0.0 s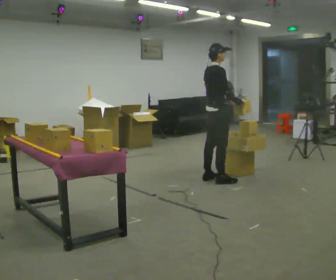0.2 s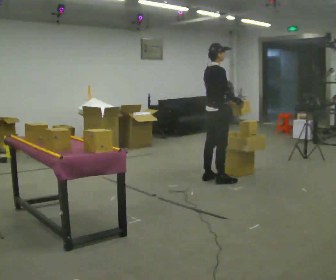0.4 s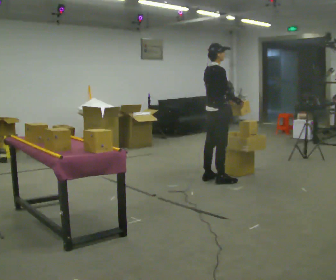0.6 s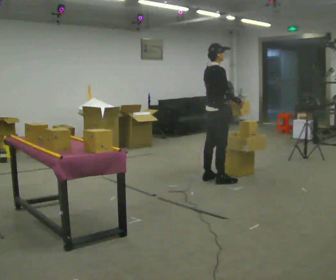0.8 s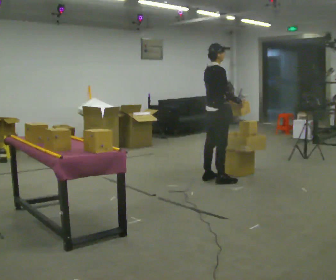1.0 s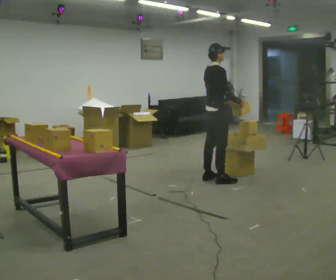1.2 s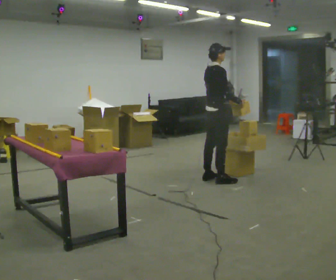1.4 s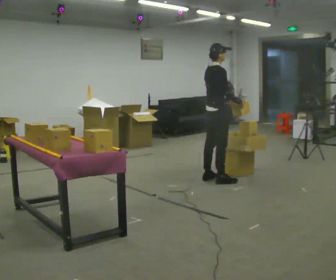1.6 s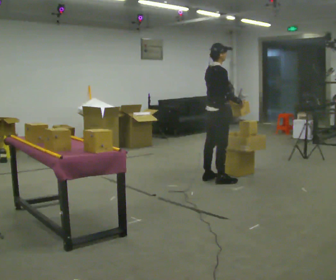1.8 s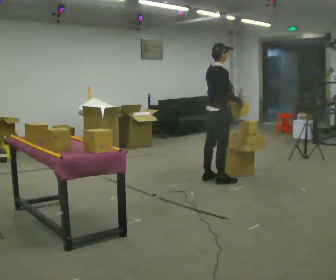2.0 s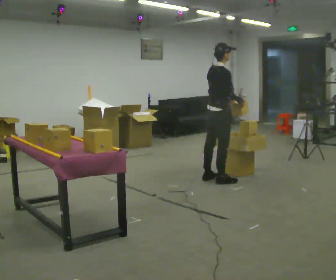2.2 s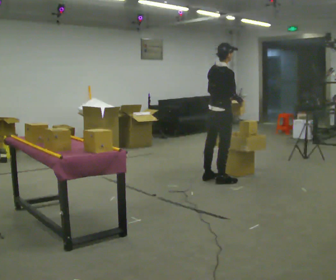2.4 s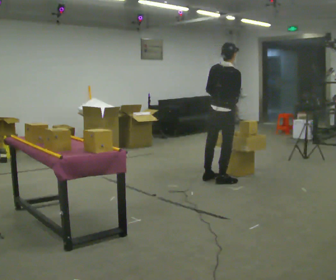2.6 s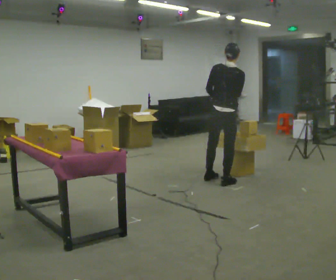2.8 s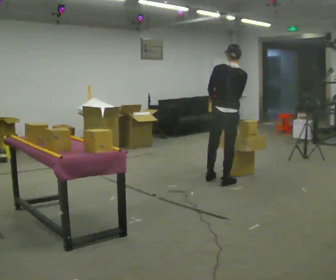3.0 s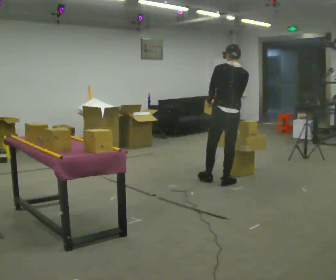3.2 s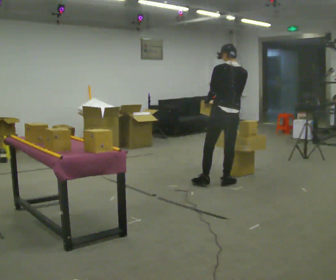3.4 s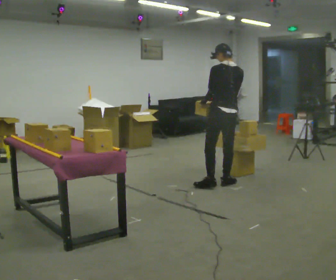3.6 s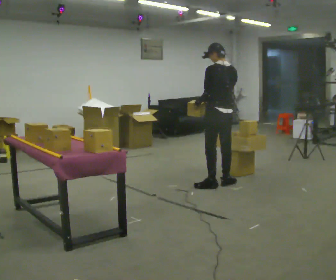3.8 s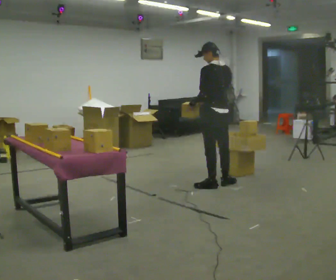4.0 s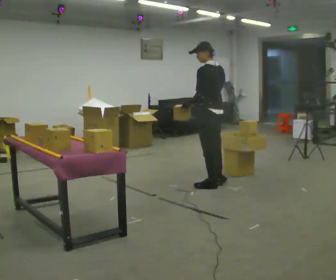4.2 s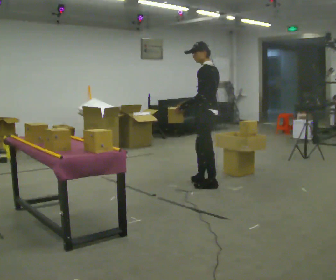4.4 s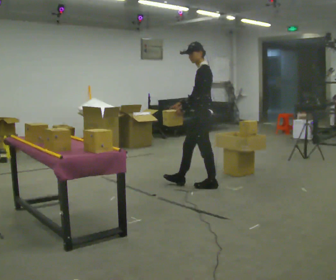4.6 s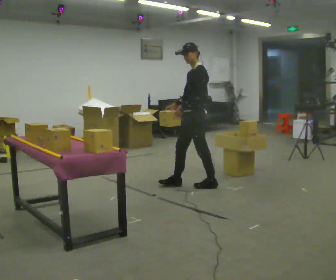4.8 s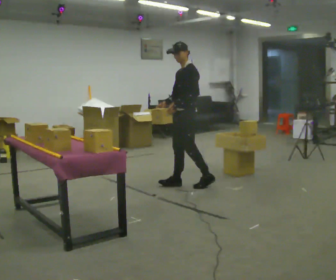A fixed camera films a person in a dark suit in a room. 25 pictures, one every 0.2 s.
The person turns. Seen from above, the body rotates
counterclockwise.
The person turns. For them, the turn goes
to their left.
0.0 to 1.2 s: The person keeps their place and pose.
1.2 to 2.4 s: The part of the body nearest the lens slides to the right as the person turns to their left by about 30 degrees.
2.4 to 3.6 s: Seen from above the body turns counterclockwise, about 60 degrees: to their left, with its near side sliding to the right. In the picture they go toward the camera, about 0.25 m in 1 step, which for them is backward.
3.6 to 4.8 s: The person turns about 90 degrees to their left, counterclockwise seen from above, so the part of the body nearest the lens slides to the right. In the picture they go to the left, about 0.5 m in 1 step.
The film runs forward here.
